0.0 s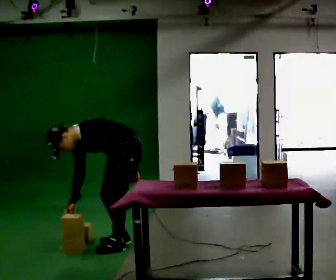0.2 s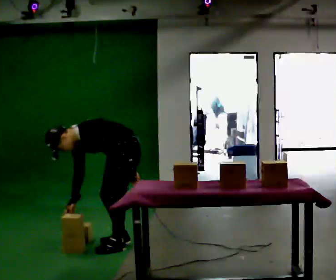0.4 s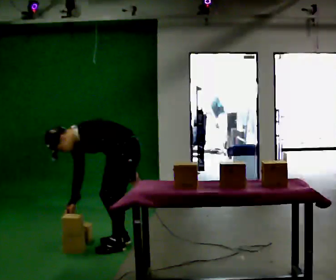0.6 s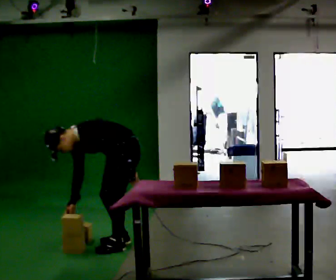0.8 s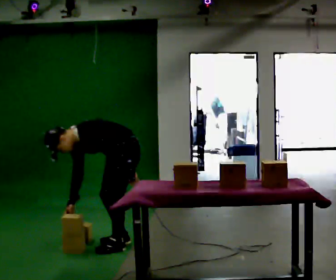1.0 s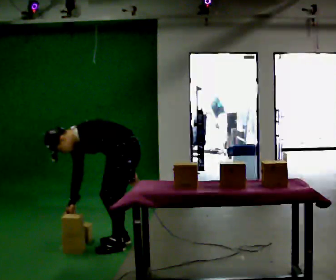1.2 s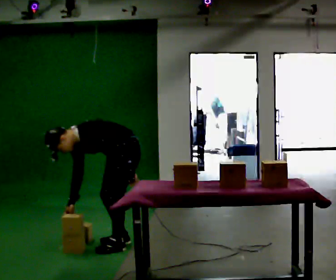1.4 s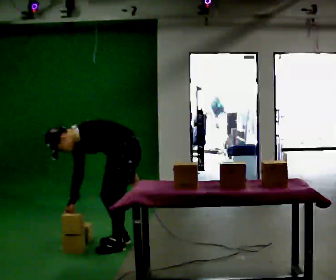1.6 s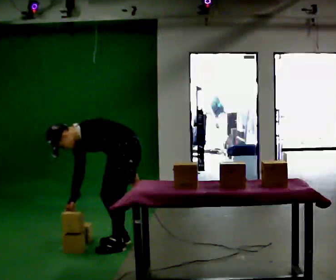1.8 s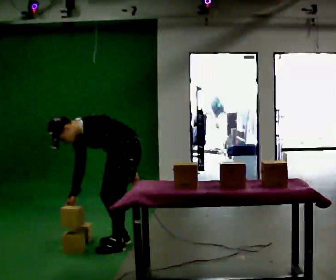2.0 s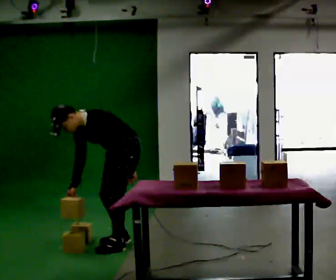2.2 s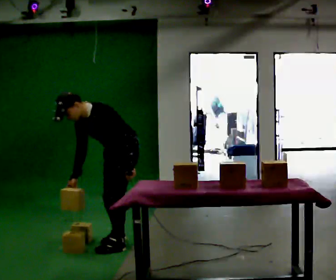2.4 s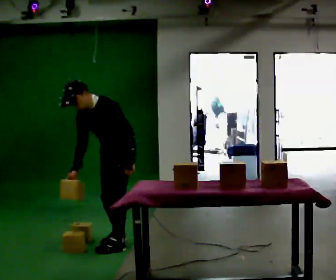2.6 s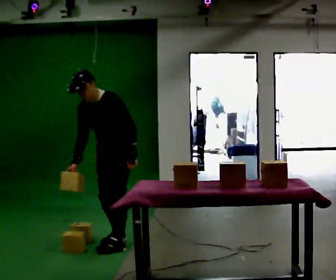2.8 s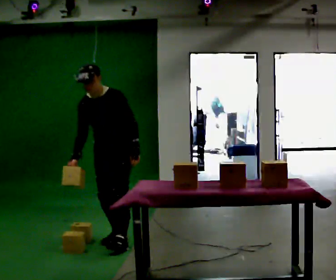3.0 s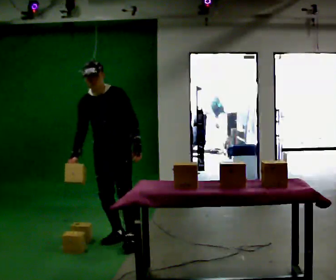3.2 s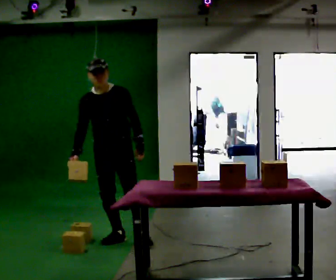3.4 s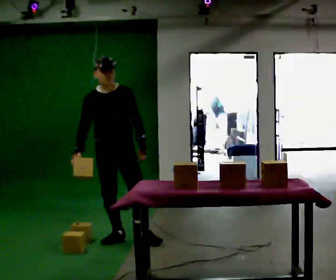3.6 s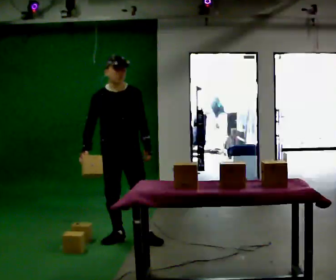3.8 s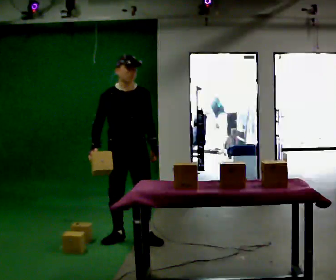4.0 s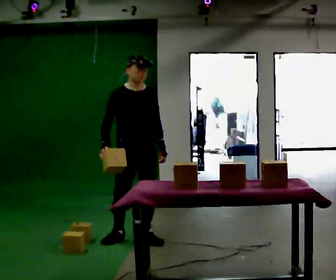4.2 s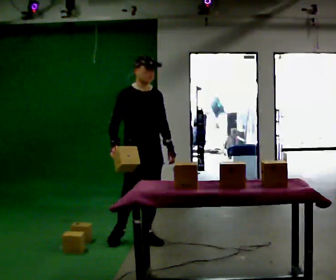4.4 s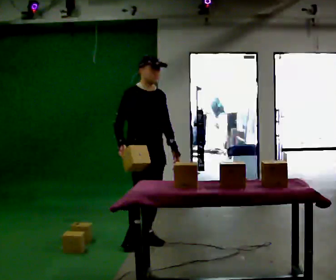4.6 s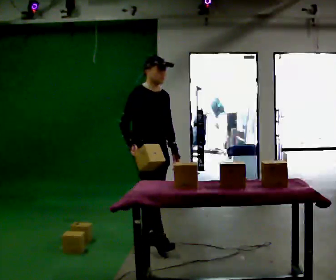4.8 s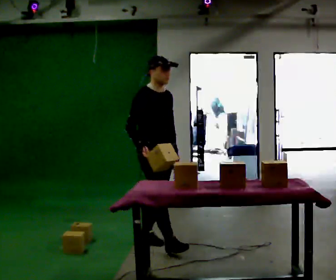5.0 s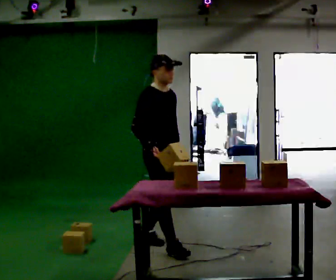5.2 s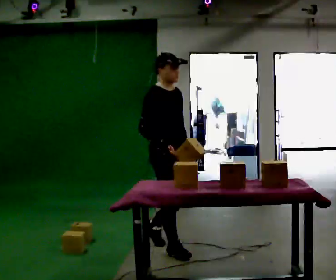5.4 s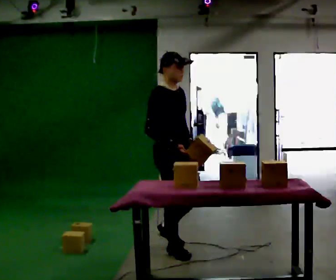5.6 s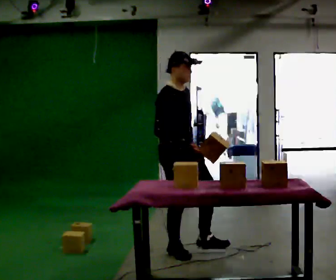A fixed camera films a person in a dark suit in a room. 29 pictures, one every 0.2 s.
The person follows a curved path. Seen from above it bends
clockwise.
The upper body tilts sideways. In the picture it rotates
clockwise.
0.0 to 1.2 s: The person keeps their place and pose.
1.2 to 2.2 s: The upper body goes upward. In the picture the upper body tilts clockwise, shoulders to the right, as they lean back or straighten.
2.2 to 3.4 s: The part of the body nearest the lens slides to the right as the person turns to their left by about 60 degrees. The upper body goes upward. In the picture the upper body tilts clockwise, shoulders to the right, as they lean back or straighten.
3.4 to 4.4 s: The part of the body nearest the lens slides to the right as the person turns to their left by about 30 degrees. In the picture they go to the right, about 0.25 m, which for them is to their left and forward.
4.4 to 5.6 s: In the picture they go toward the camera and to the right, about 0.5 m in 1 step, which for them is forward.
The film runs forward here.
